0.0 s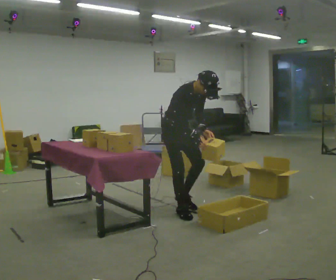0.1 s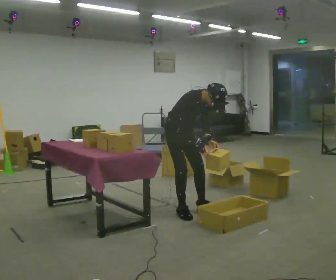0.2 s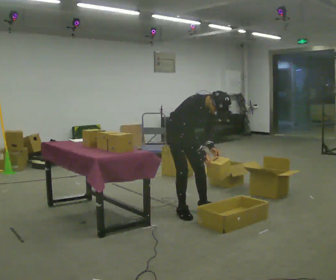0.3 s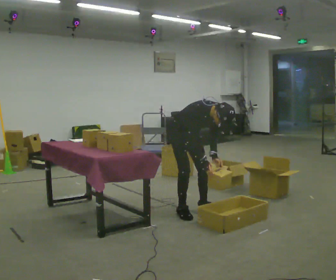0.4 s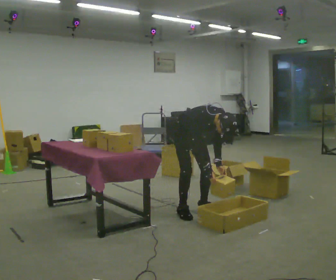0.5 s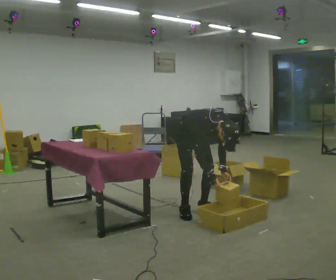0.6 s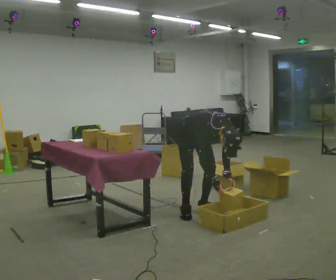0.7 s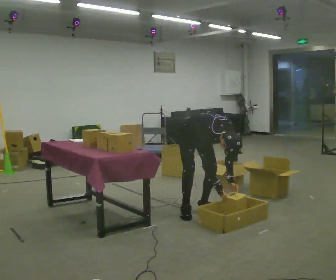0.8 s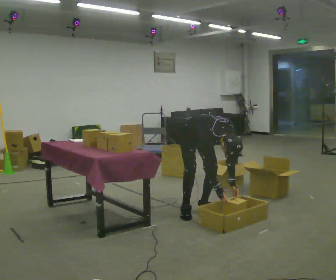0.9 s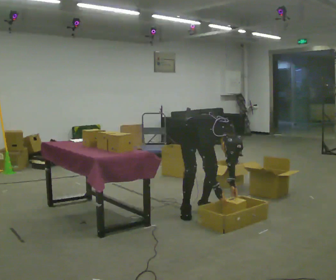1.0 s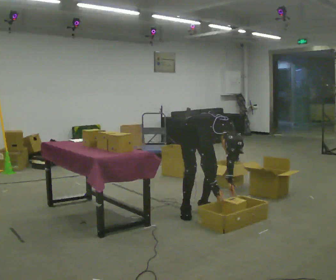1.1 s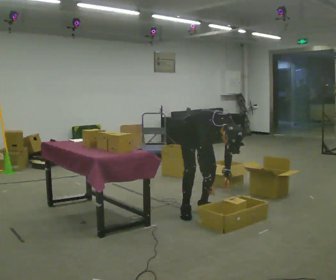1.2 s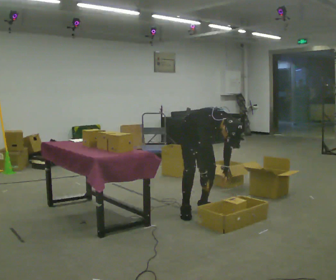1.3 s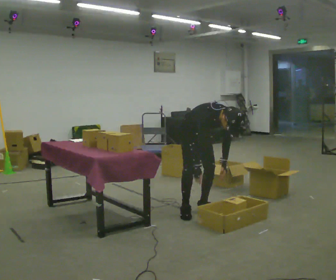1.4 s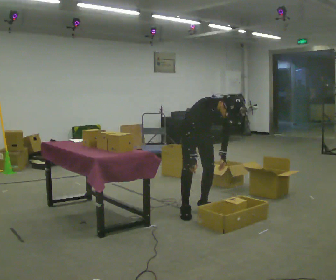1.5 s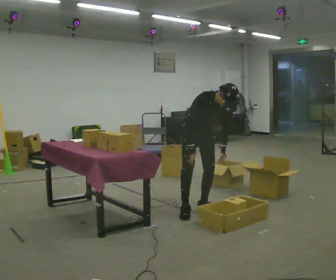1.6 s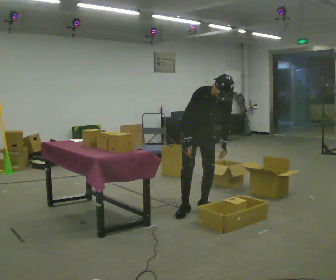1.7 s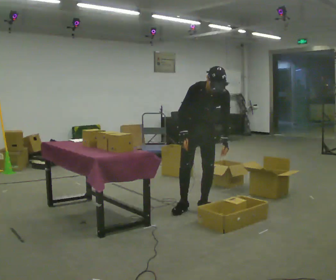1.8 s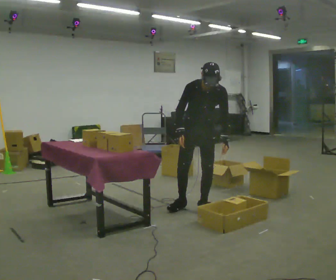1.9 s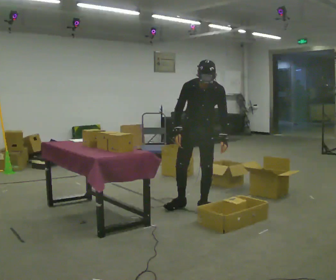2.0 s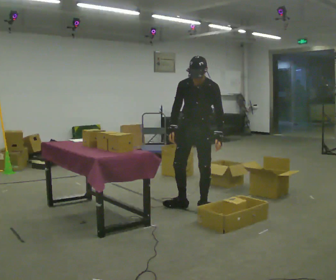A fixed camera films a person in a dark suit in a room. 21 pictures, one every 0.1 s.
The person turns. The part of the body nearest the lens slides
to the left.
The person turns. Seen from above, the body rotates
clockwise.
0.0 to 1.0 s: In the picture they go to the right, about 0.25 m in 1 step, which for them is to their left. The shoulders move downward. The upper body tips toward the camera, its near side rolling downward, as they bend forward. In the picture their right hand goes downward.
1.0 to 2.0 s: Seen from above the body turns clockwise, about 60 degrees: to their right, with its near side sliding to the left. The upper body goes upward. In the picture the upper body tilts counterclockwise, shoulders to the left, as they lean back or straighten. In the picture their right hand goes upward and to the left.
The film runs forward here.
